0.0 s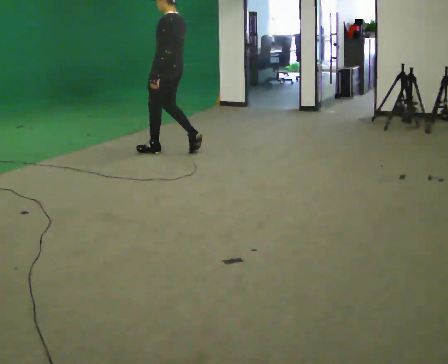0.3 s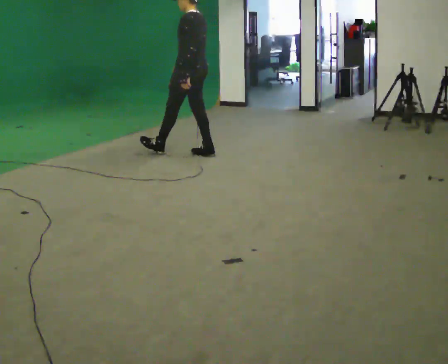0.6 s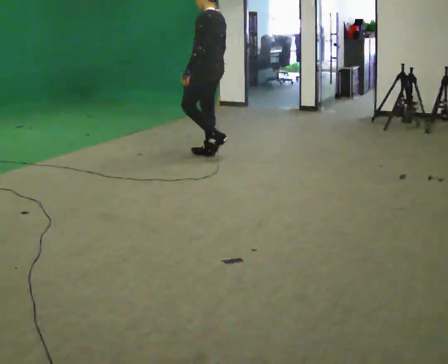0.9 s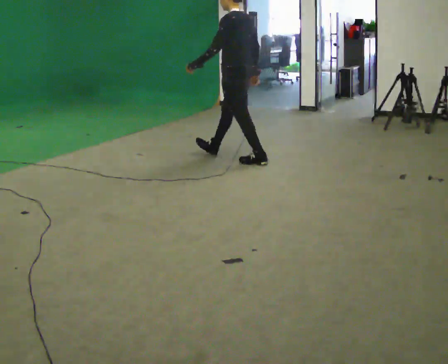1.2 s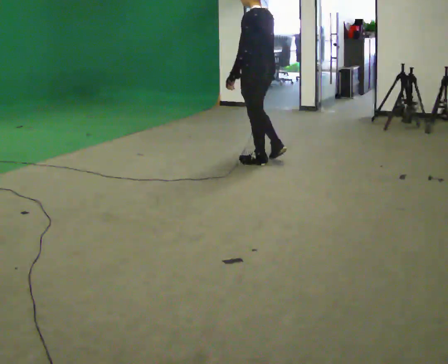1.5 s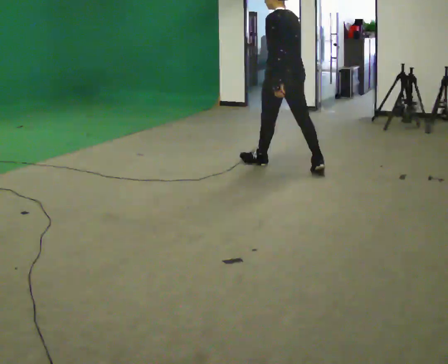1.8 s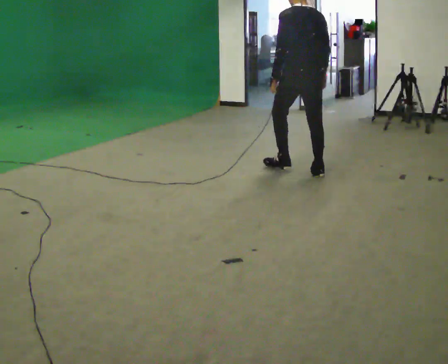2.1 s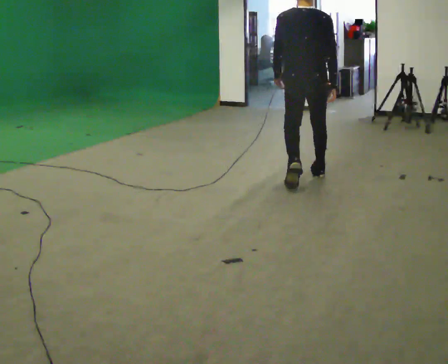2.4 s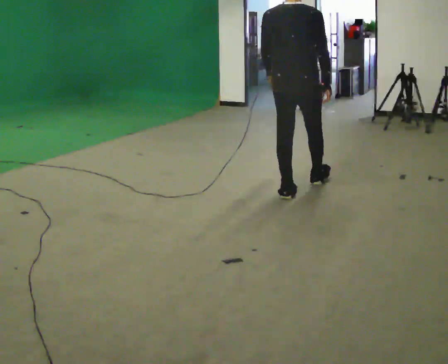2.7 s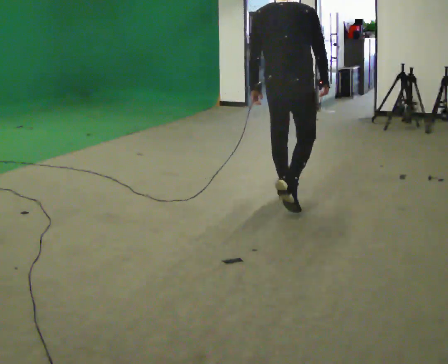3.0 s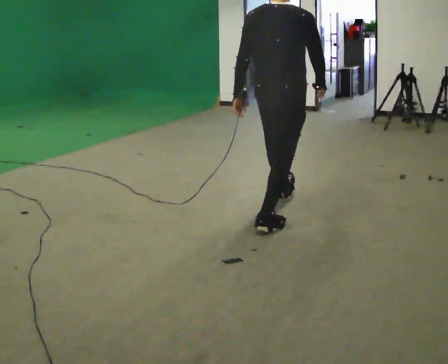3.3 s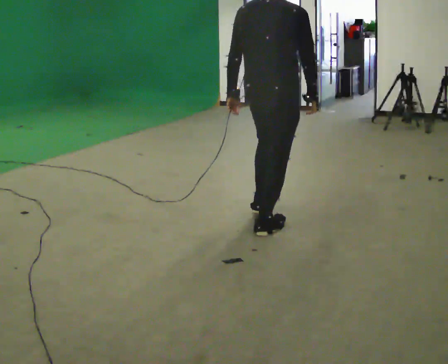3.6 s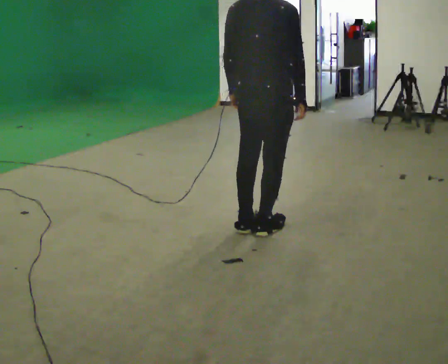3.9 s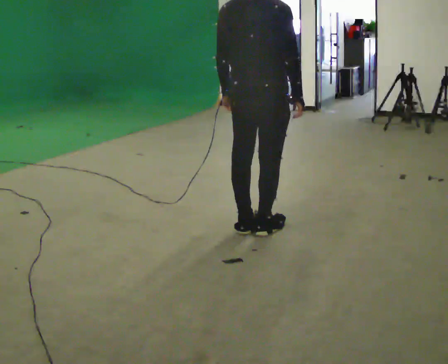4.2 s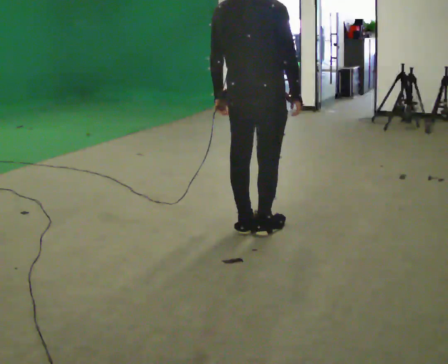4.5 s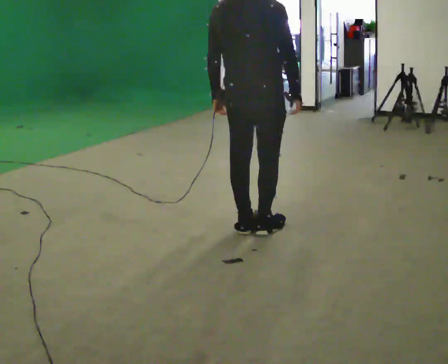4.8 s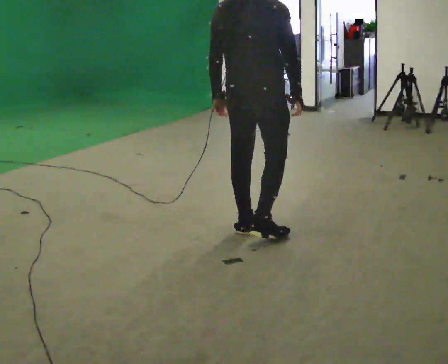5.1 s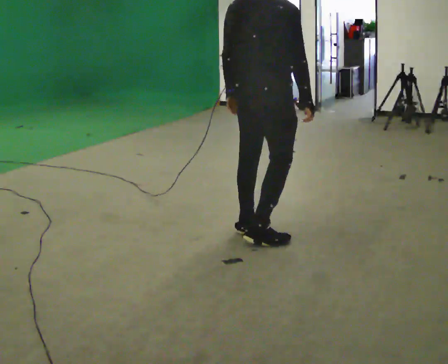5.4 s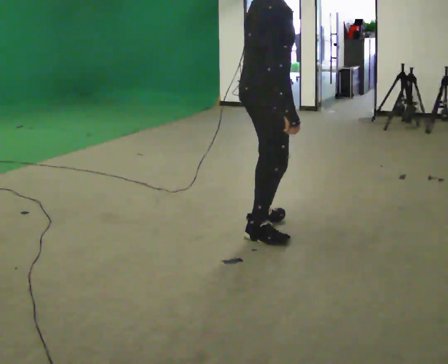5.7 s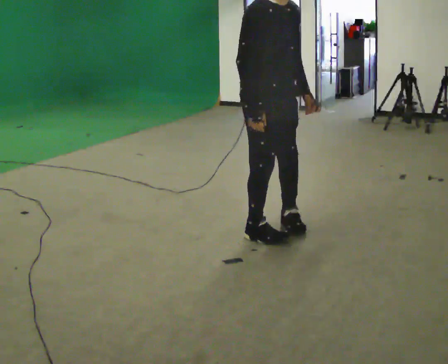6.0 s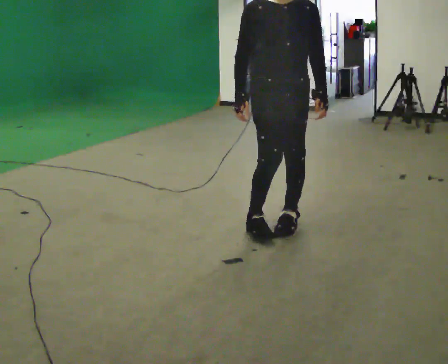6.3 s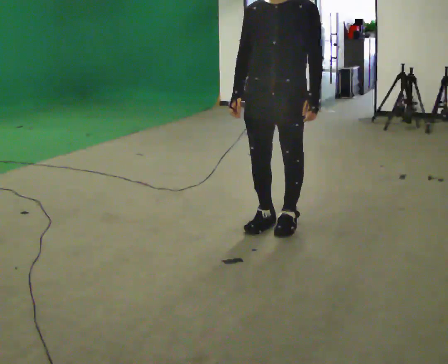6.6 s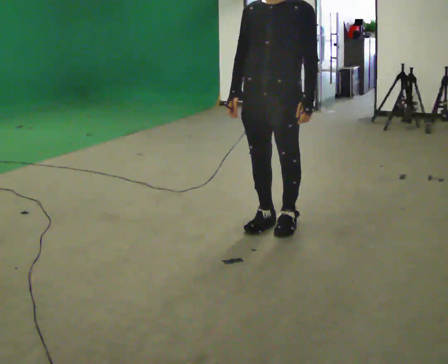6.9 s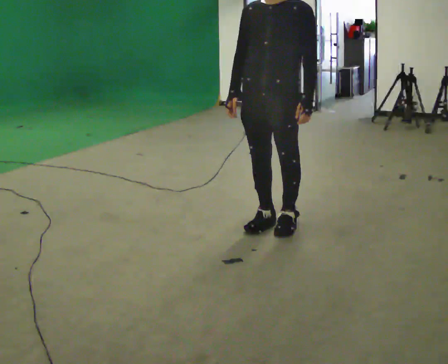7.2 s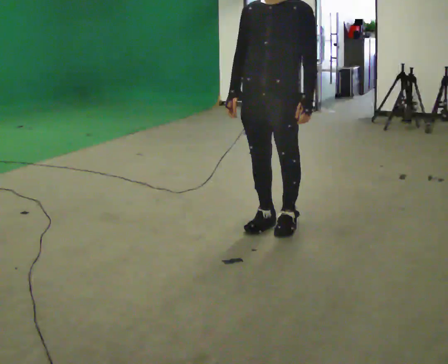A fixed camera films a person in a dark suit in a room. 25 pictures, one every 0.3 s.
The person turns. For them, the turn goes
to their right.
The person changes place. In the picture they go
toward the camera.
0.0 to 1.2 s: In the picture they go to the right, about 1 m in 2 steps, which for them is backward.
1.2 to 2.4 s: The person turns about 75 degrees to their right, clockwise seen from above, so the part of the body nearest the lens slides to the left. In the picture they go toward the camera, about 1 m in 2 steps.
2.4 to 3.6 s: In the picture they go toward the camera, about 1 m in 1 step, which for them is backward.
3.6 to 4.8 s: The person moves a little, or ends about where they began.
4.8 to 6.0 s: The person turns about 150 degrees to their right, clockwise seen from above, so the part of the body nearest the lens slides to the left. In the picture their right hand goes to the left, the arm swinging clockwise.
6.0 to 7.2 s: The person turns about 45 degrees to their right, clockwise seen from above, so the part of the body nearest the lens slides to the left.
The film runs backward here.
